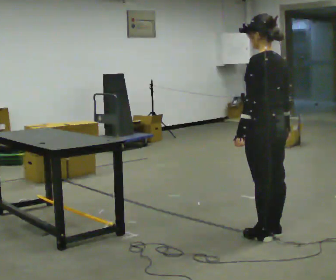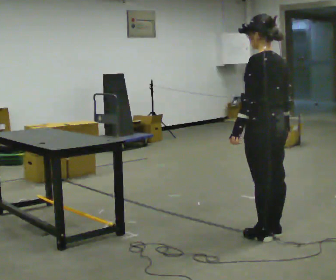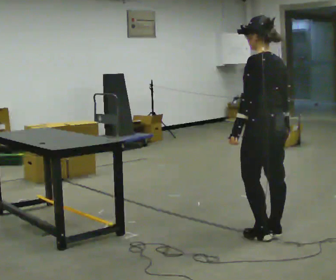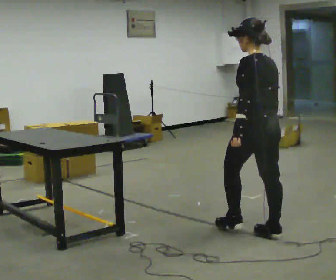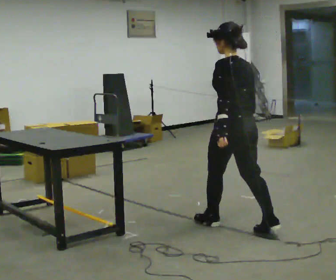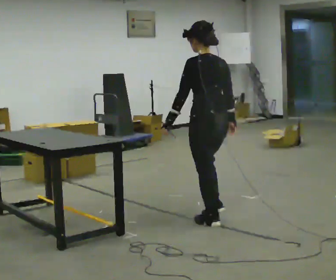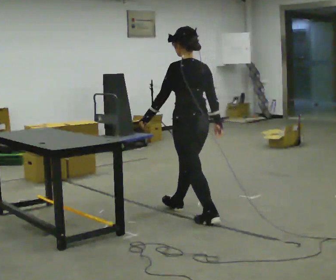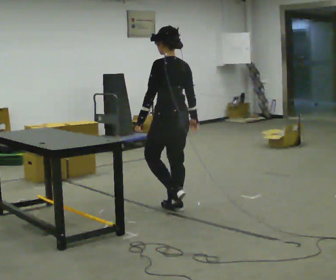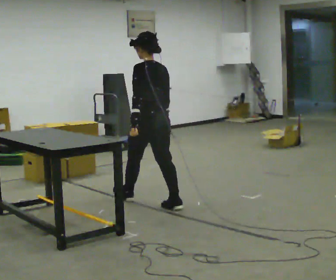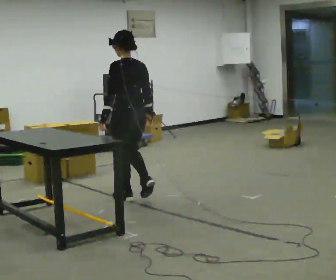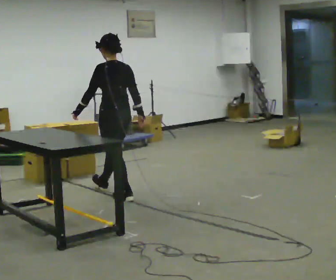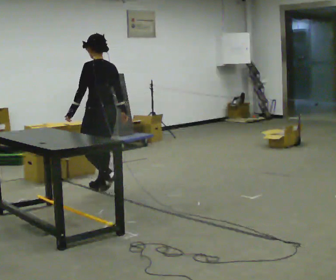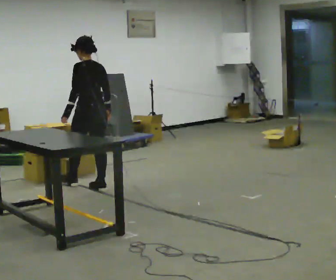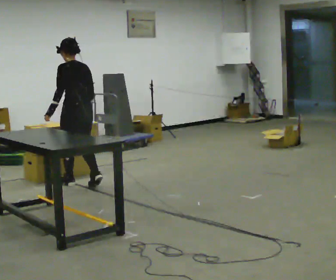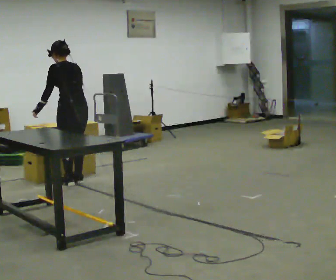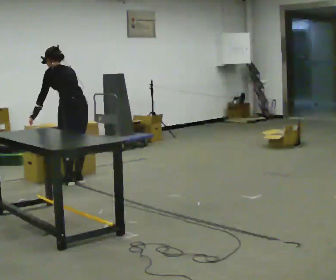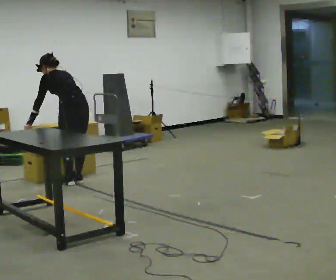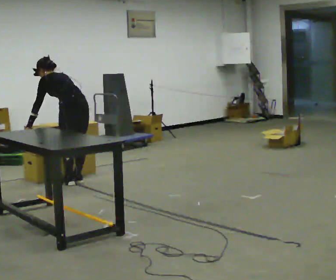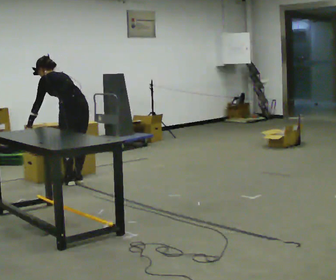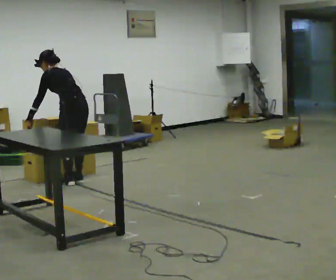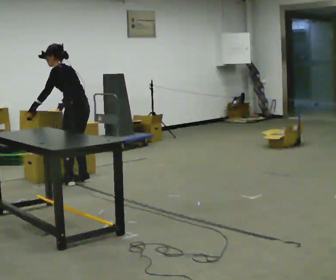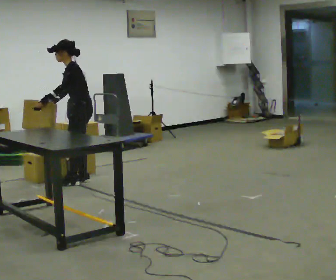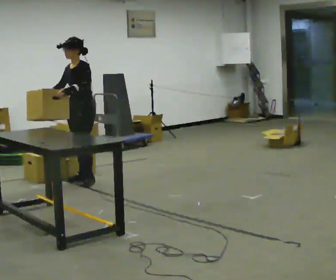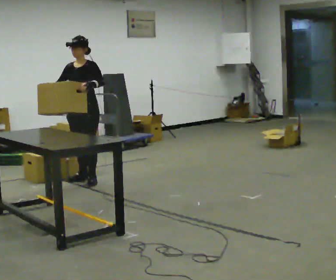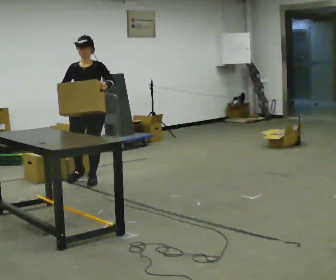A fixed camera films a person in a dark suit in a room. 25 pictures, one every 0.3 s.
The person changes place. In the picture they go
away from the camera.
0.0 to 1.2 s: In the picture they go away from the camera and to the left, about 0.25 m in 1 step, which for them is forward.
1.2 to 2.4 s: In the picture they go away from the camera and to the left, about 1 m in 1 step, which for them is forward.
2.4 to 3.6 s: In the picture they go away from the camera and to the left, about 1 m in 2 steps, which for them is forward.
3.6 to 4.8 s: In the picture they go away from the camera and to the left, about 0.25 m in 2 steps, which for them is forward. The upper body tips away from the camera, its near side rolling upward, as they bend forward.
4.8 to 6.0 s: The part of the body nearest the lens slides to the right as the person turns to their left by about 30 degrees. The upper body tips toward the camera, its near side rolling downward.
6.0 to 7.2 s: The part of the body nearest the lens slides to the right as the person turns to their left by about 105 degrees. In the picture the upper body tilts clockwise, shoulders to the right, as they lean back or straighten. In the picture their left hand goes to the right.
The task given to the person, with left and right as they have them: Pick up the next box in the row and carry it to the table. The operator will not tell you how heavy each one is. Keep going until the operator says stop; one object at a time, and do not rush between trips.
The film runs forward here.
